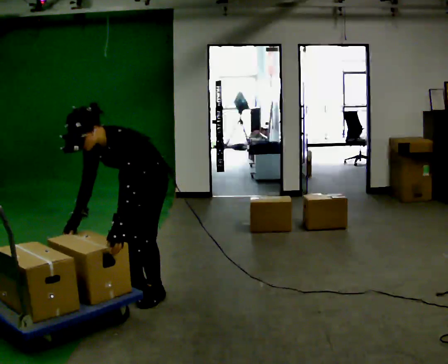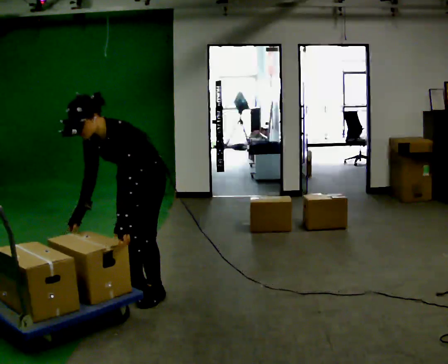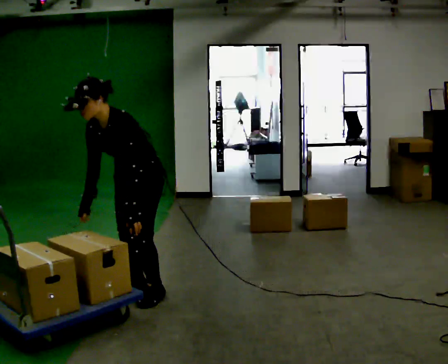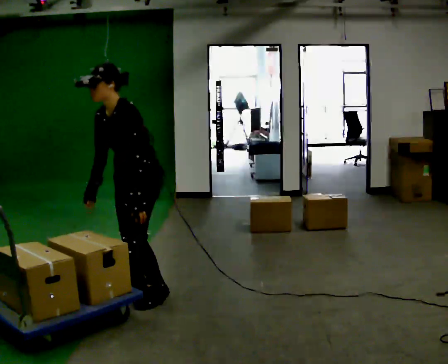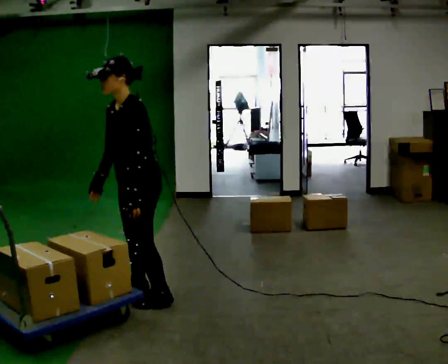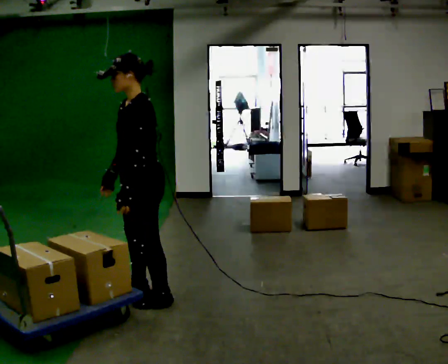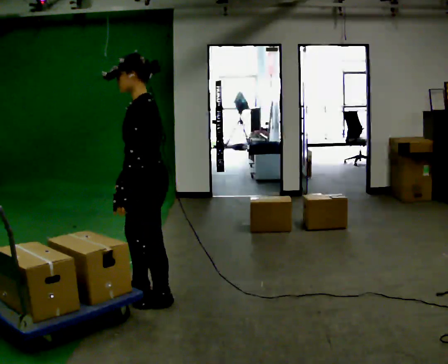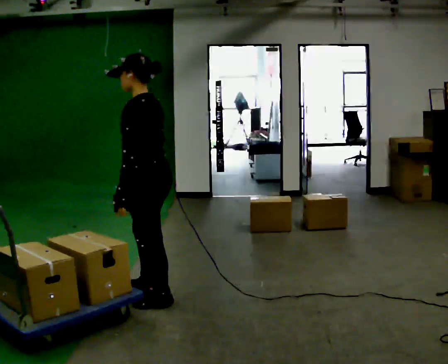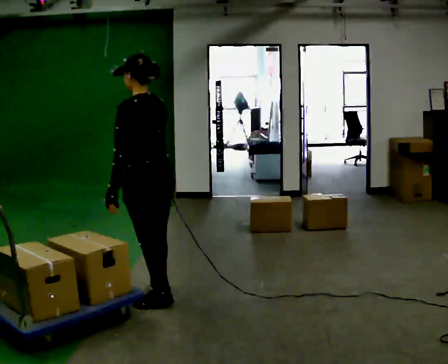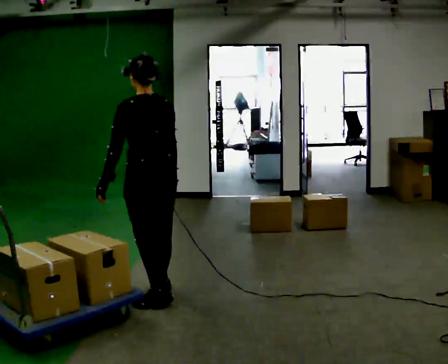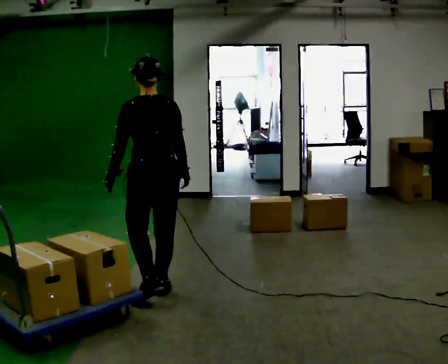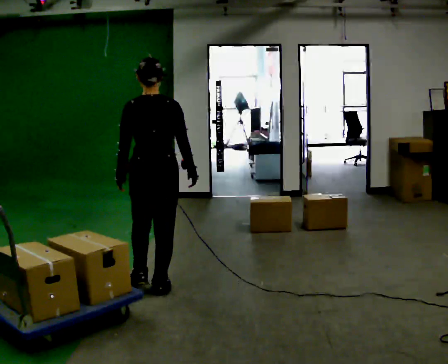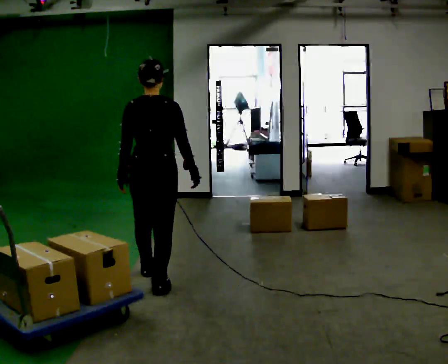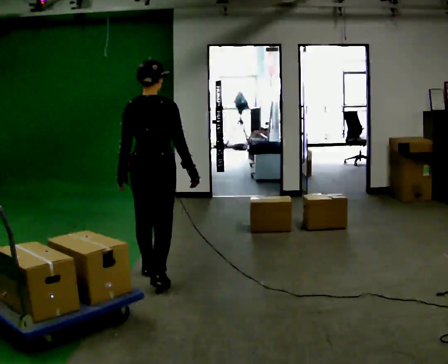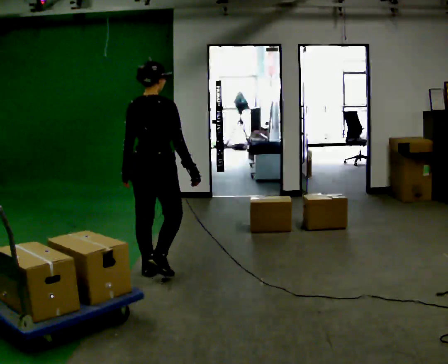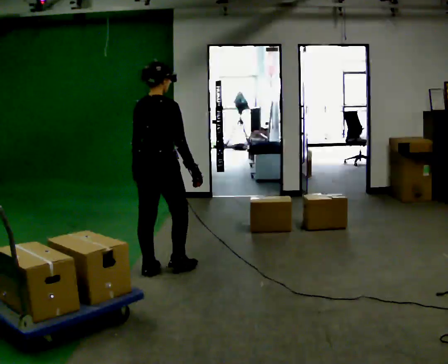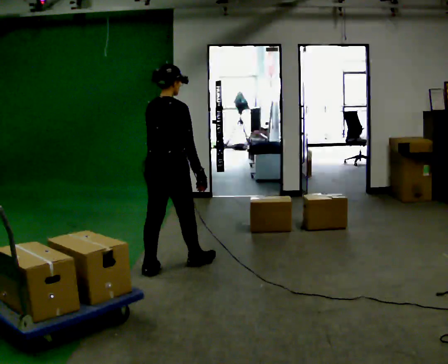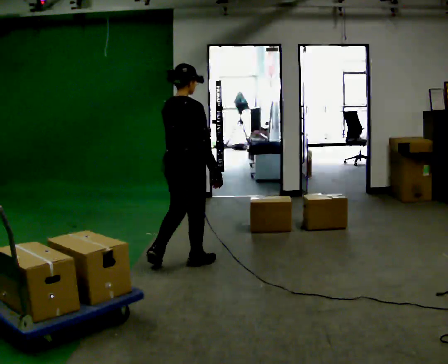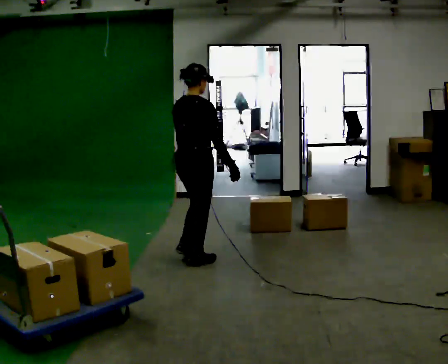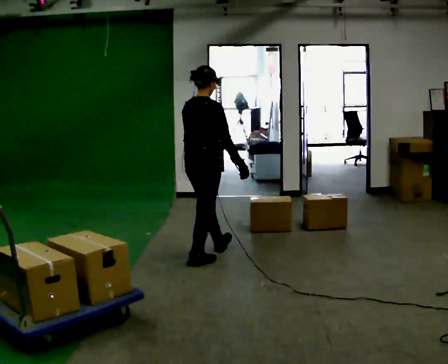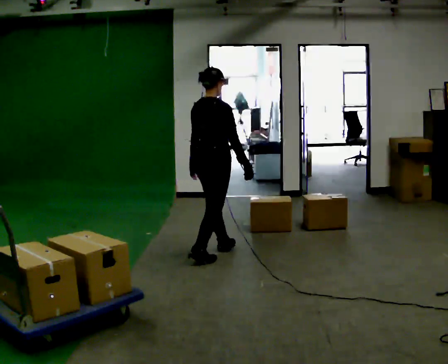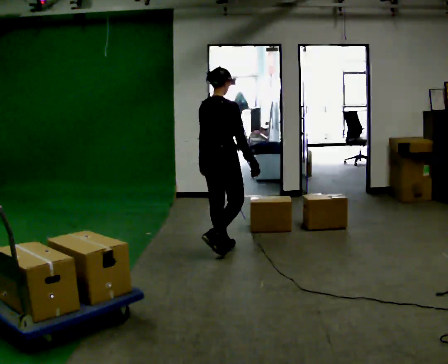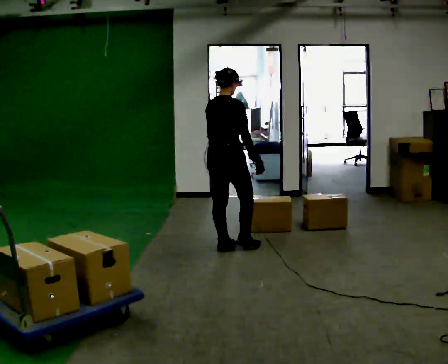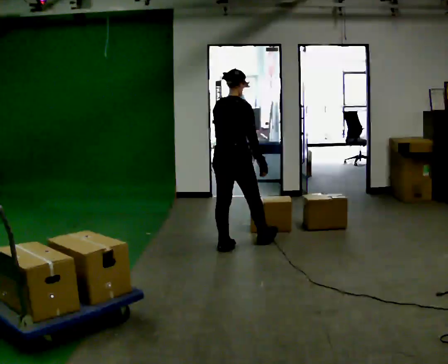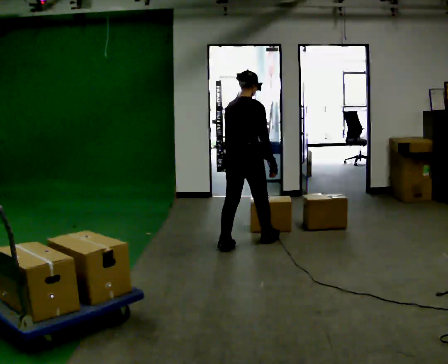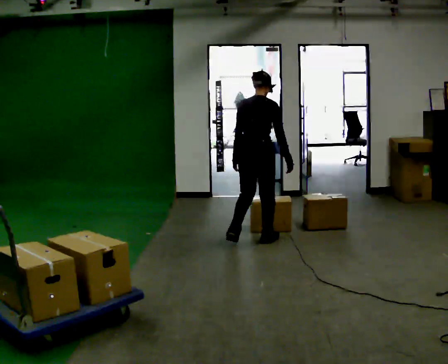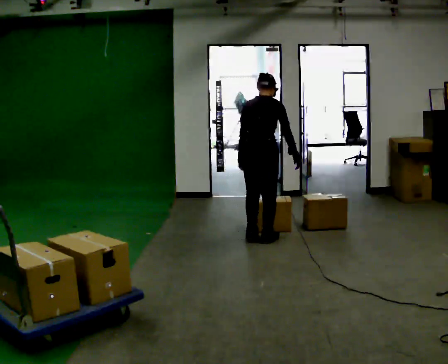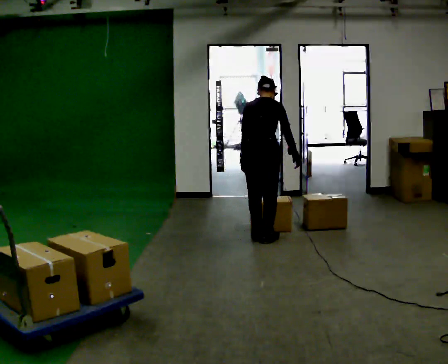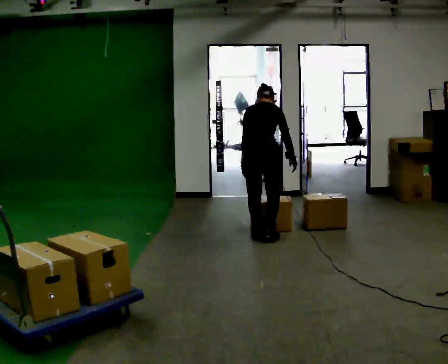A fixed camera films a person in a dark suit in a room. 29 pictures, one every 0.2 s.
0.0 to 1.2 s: Seen from above the body turns clockwise, about 45 degrees: to their right, with its near side sliding to the left. The shoulders move upward. The upper body tips away from the camera, its near side rolling upward, as they lean back or straighten. In the picture their right hand goes to the right.
1.2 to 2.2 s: The person turns about 90 degrees to their right, clockwise seen from above, so the part of the body nearest the lens slides to the left. In the picture they go away from the camera, about 0.25 m. In the picture their right hand goes to the right, the arm swinging counterclockwise.
2.2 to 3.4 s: Seen from above the body turns clockwise, about 45 degrees: to their right, with its near side sliding to the left. In the picture they go away from the camera and to the right, about 0.5 m in 2 steps, which for them is forward.
3.4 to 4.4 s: In the picture they go away from the camera and to the right, about 0.5 m in 1 step, which for them is forward.
4.4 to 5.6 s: In the picture they go to the right and away from the camera, about 0.5 m in 2 steps, which for them is forward and to their right. The upper body tips away from the camera, its near side rolling upward, as they bend forward.
The film runs forward here.
